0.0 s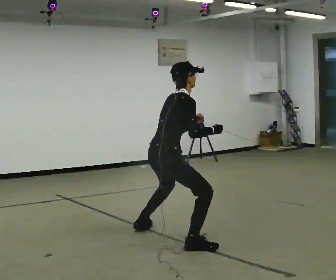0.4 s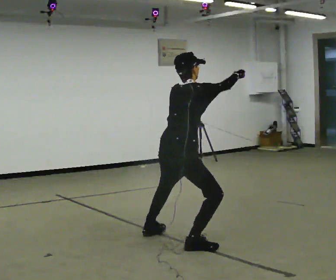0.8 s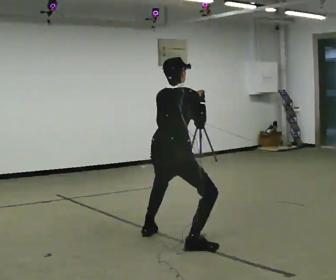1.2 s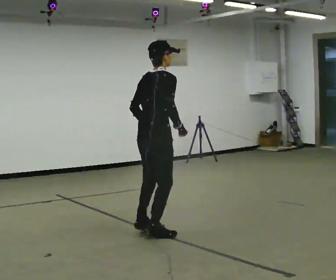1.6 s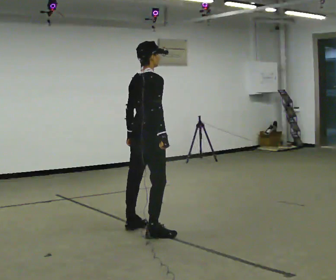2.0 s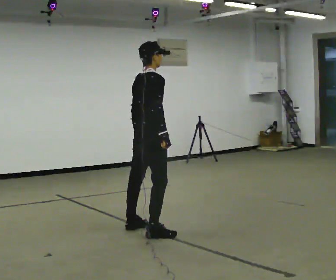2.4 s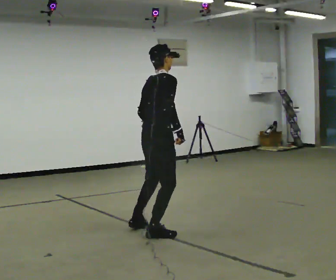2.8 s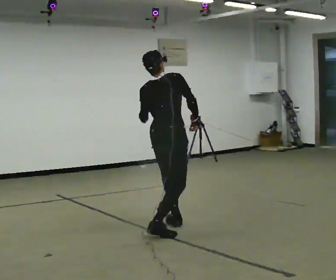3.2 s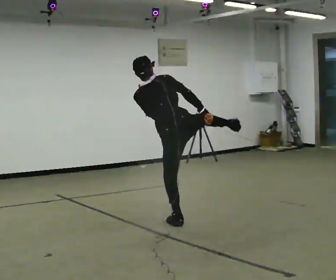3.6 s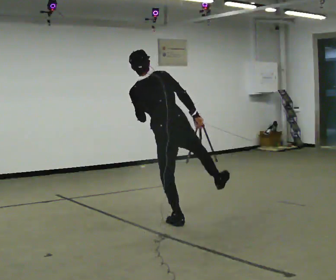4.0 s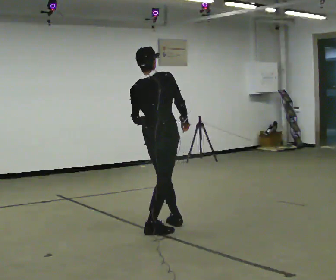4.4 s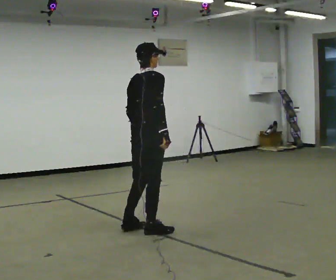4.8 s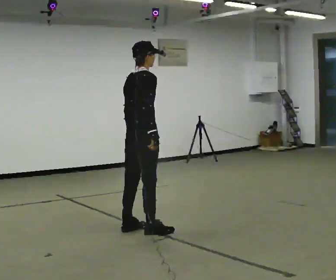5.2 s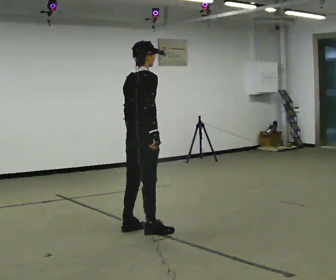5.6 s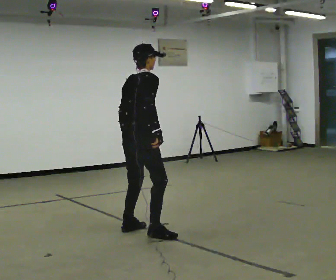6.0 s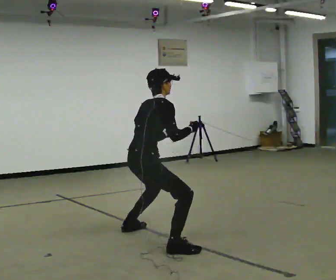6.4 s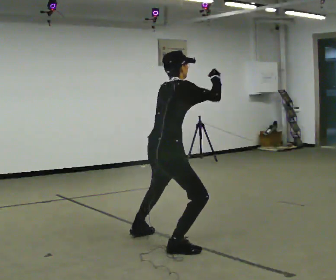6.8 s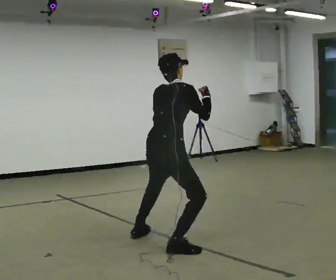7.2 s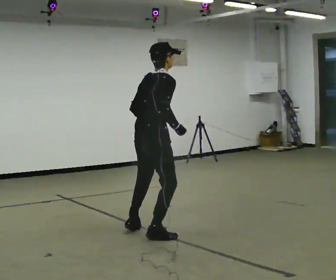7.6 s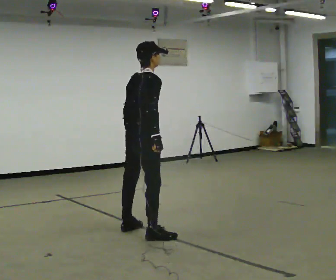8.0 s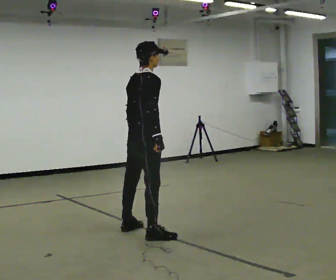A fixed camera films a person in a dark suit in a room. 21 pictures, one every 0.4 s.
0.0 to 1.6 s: In the picture they go away from the camera and to the left, about 0.5 m in 3 steps, which for them is to their left and forward. The upper body goes upward. In the picture the upper body tilts counterclockwise, shoulders to the left.
1.6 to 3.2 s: The part of the body nearest the lens slides to the right as the person turns to their left by about 60 degrees. In the picture they go to the right, about 0.25 m in 1 step. In the picture the upper body tilts counterclockwise, shoulders to the left. In the picture their left hand goes upward.
3.2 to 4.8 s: The person turns about 60 degrees to their right, clockwise seen from above, so the part of the body nearest the lens slides to the left. In the picture they go to the left, about 0.25 m in 3 steps. In the picture the upper body tilts clockwise, shoulders to the right. In the picture their left hand goes downward.
4.8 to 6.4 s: In the picture they go toward the camera and to the right, about 0.5 m in 2 steps, which for them is to their right. In the picture their right hand goes upward.
6.4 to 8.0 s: In the picture they go away from the camera and to the left, about 0.5 m in 2 steps, which for them is to their left and forward. In the picture their right hand goes downward.
The film runs forward here.
